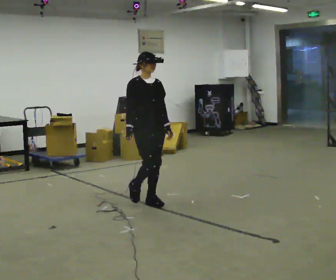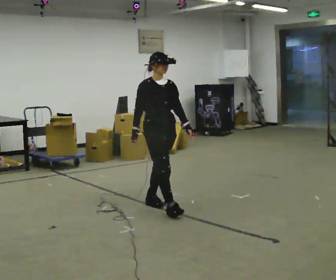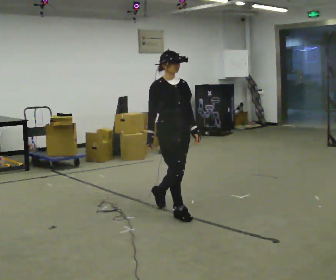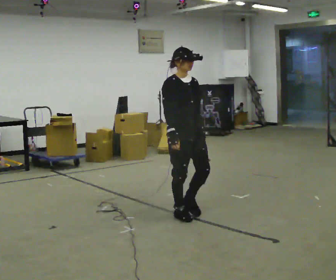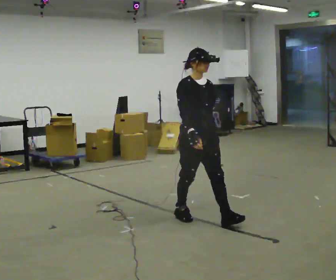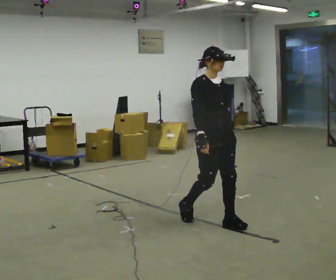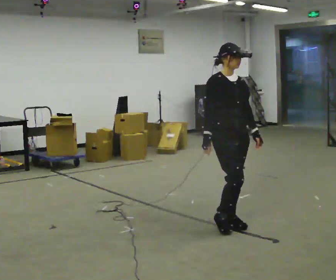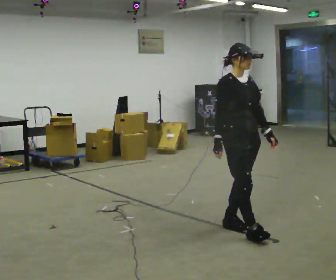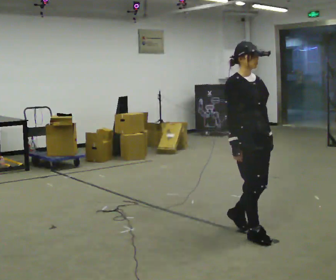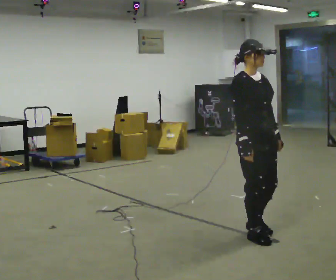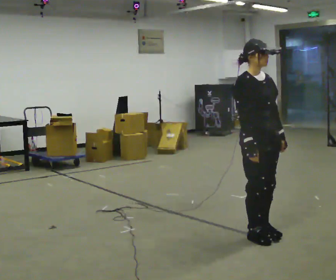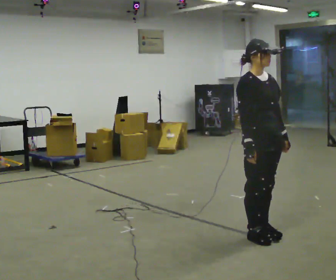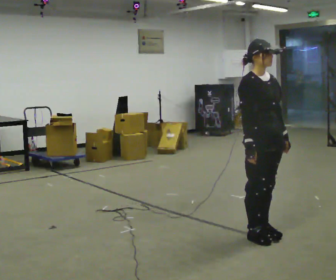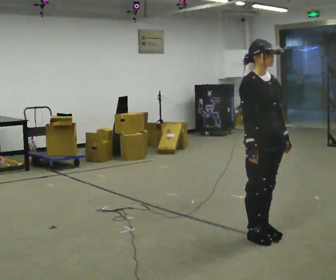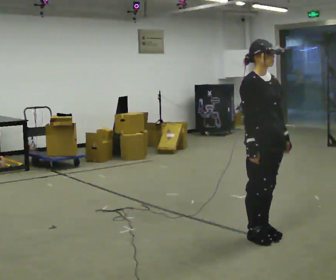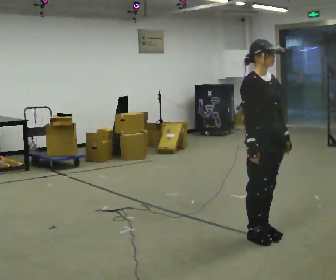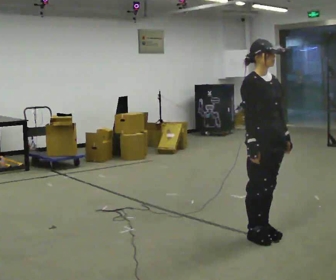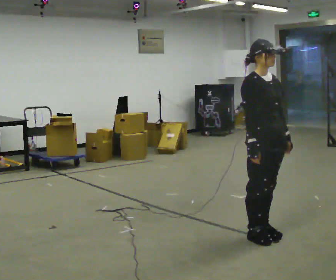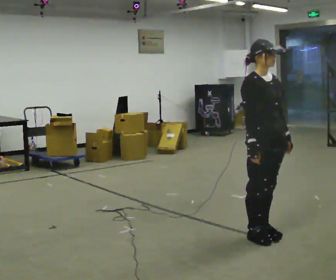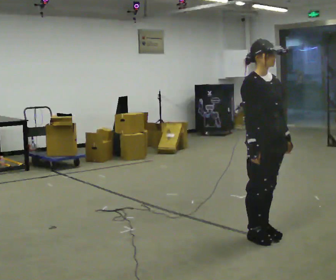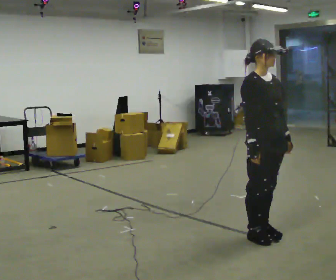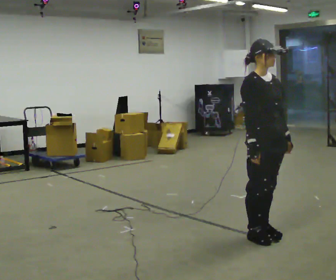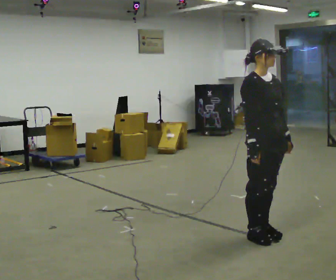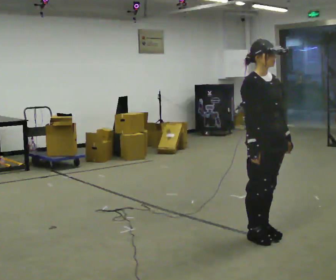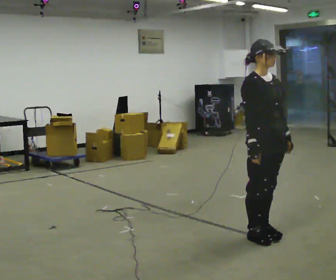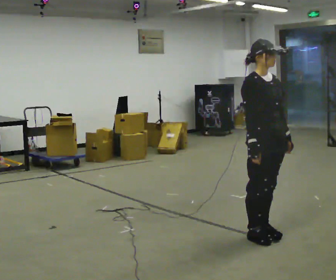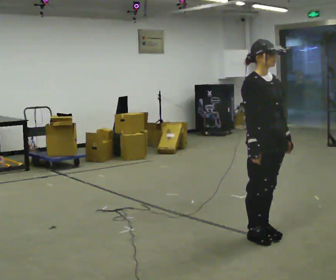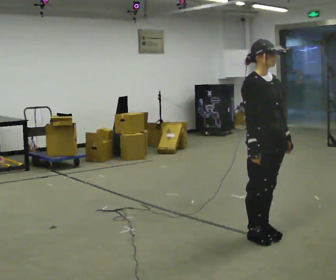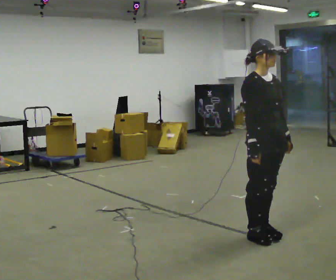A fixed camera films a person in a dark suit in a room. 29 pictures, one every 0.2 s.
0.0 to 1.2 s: In the picture they go to the right and toward the camera, about 1 m in 2 steps, which for them is forward.
1.2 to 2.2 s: In the picture they go toward the camera and to the right, about 0.25 m in 2 steps, which for them is forward.
2.2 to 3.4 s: The person moves a little, or ends about where they began.
3.4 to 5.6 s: The person keeps their place and pose.
The film runs forward here.
